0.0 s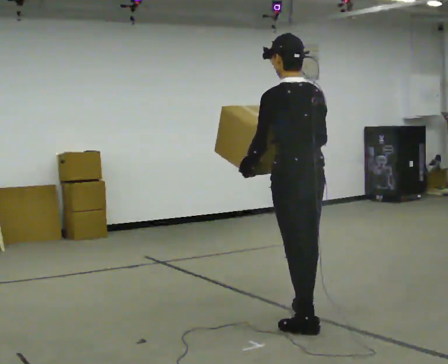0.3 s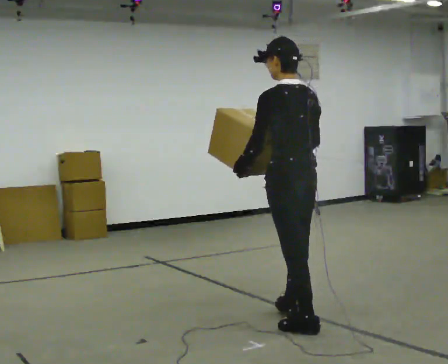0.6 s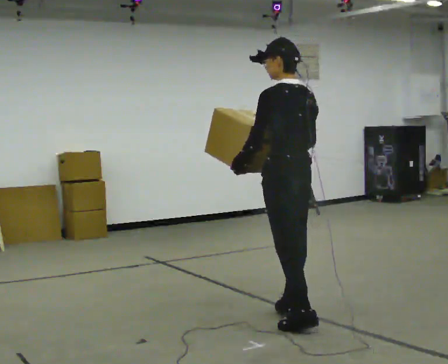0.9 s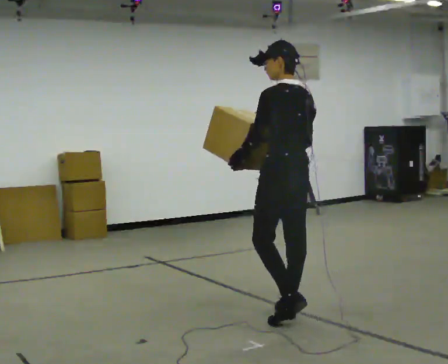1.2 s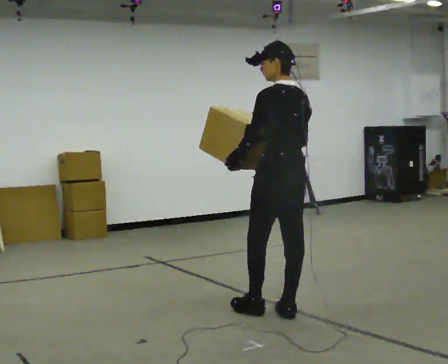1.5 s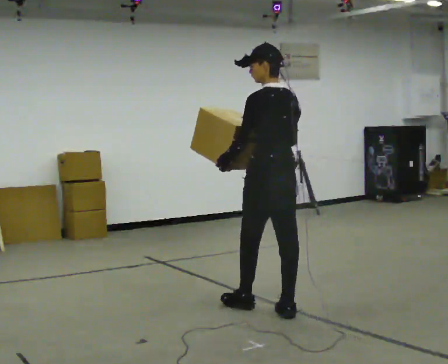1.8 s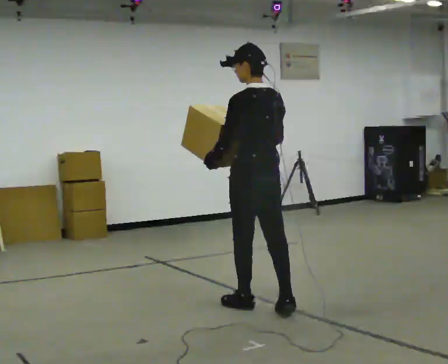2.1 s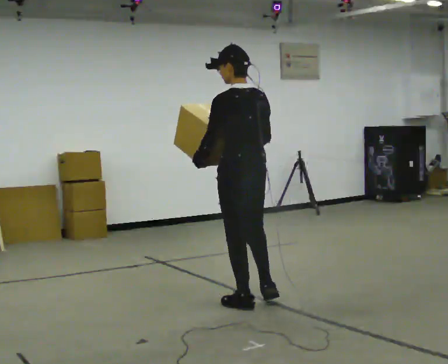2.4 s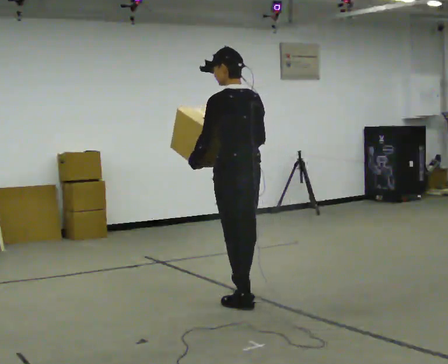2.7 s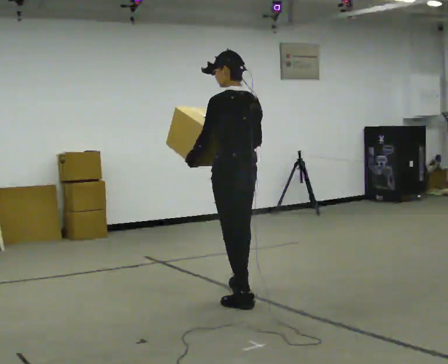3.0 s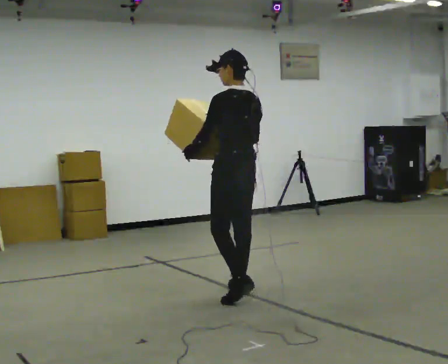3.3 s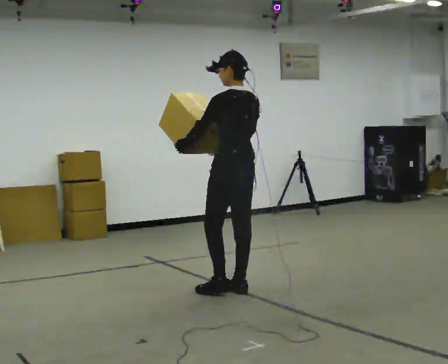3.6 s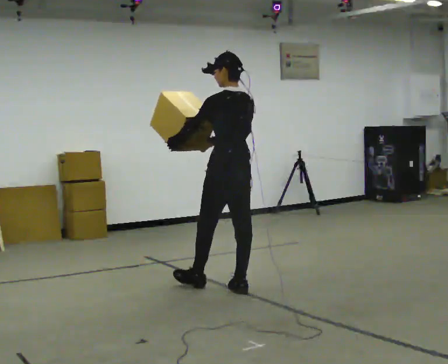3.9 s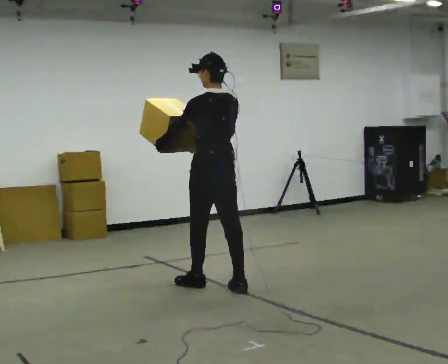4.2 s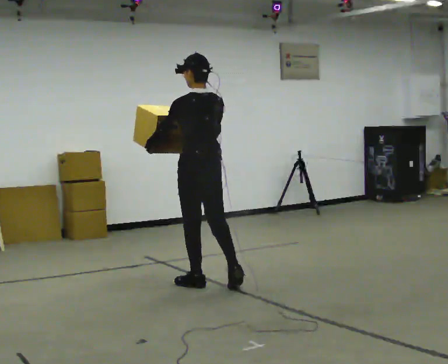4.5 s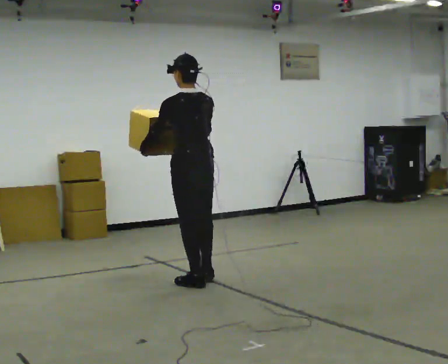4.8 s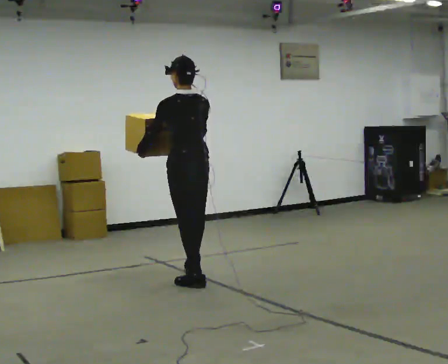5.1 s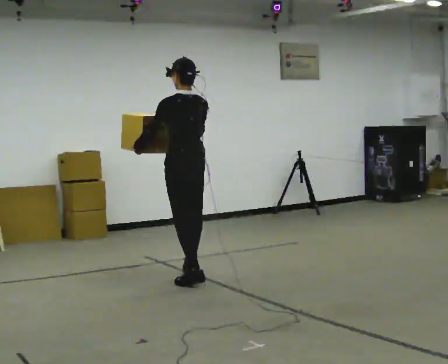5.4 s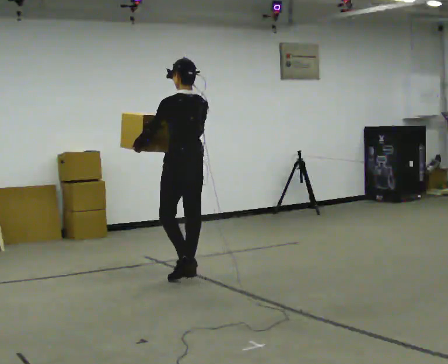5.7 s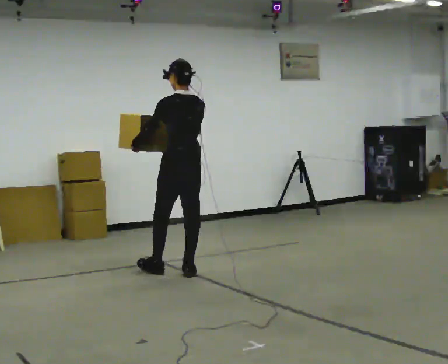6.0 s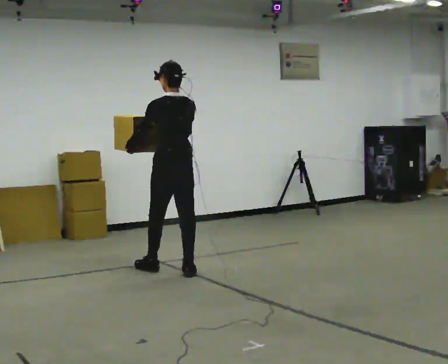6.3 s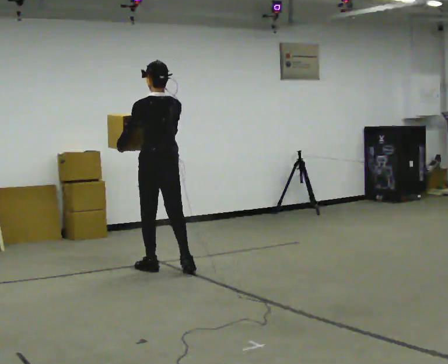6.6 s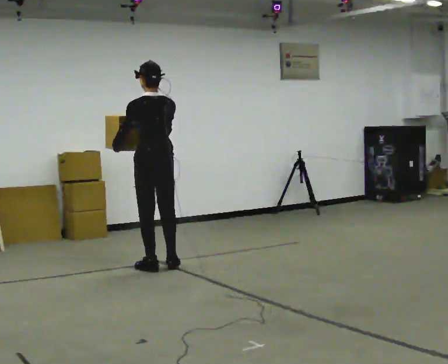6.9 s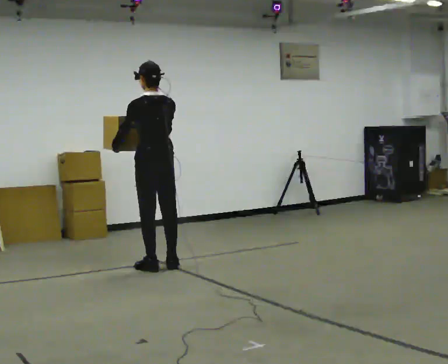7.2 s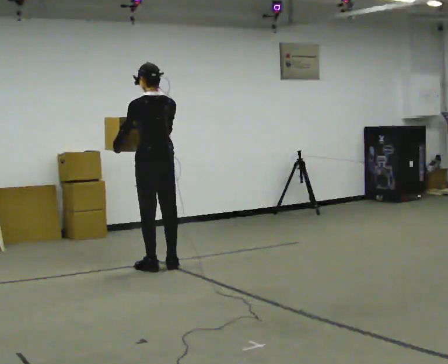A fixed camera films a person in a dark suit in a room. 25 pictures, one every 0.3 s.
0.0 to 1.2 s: In the picture they go away from the camera, about 0.5 m in 1 step, which for them is forward and to their right.
1.2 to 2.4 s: In the picture they go to the left and away from the camera, about 0.5 m in 1 step, which for them is forward.
2.4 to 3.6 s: In the picture they go away from the camera, about 0.5 m in 2 steps, which for them is forward and to their right.
3.6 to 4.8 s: In the picture they go to the left and away from the camera, about 0.5 m in 1 step, which for them is forward and to their left.
4.8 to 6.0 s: In the picture they go away from the camera and to the left, about 0.5 m in 1 step, which for them is forward.
6.0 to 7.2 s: In the picture they go to the left, about 0.25 m in 1 step, which for them is forward.
The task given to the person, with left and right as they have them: Carry the box across the room, back and forth. The operator will swap between the box with handles and the one without.
The film runs forward here.
